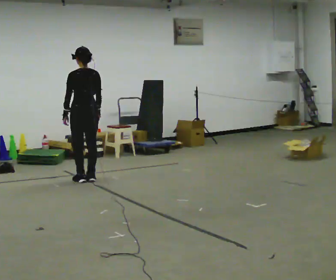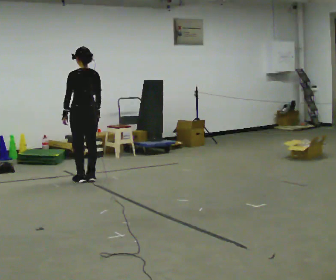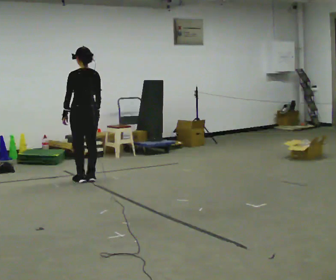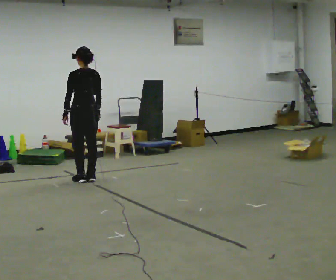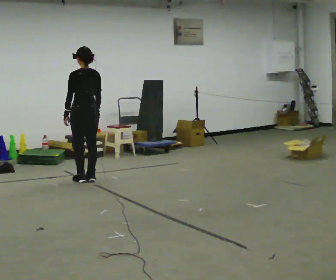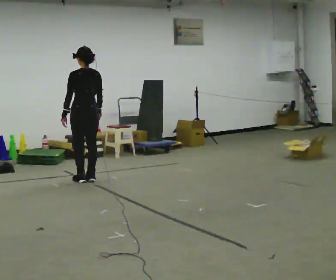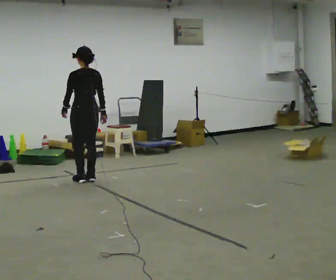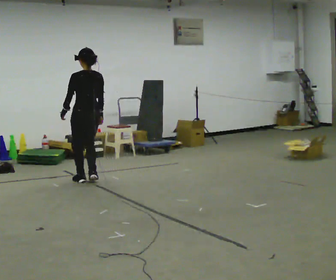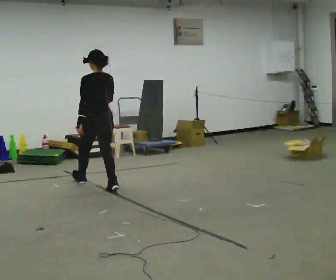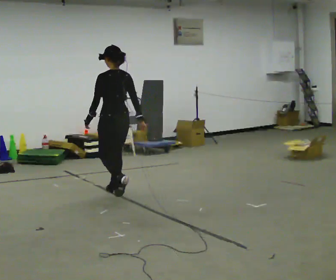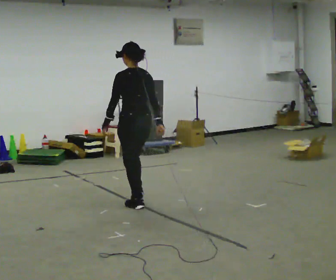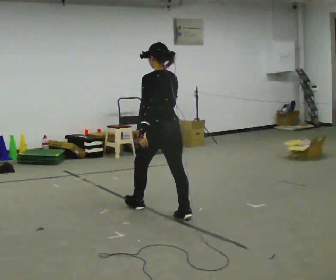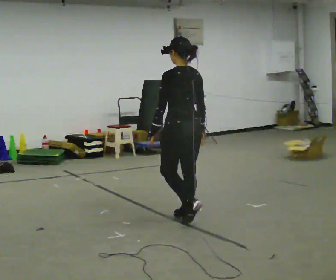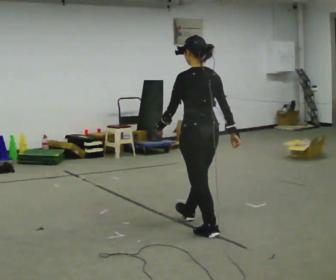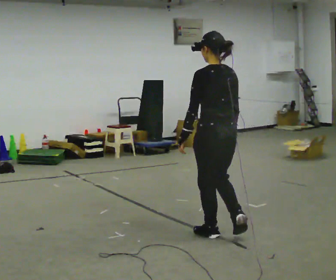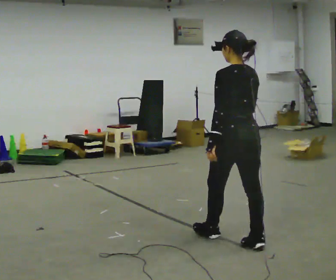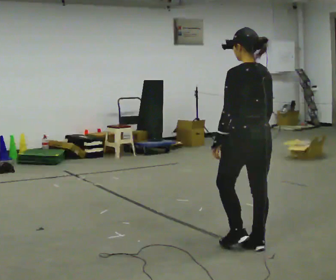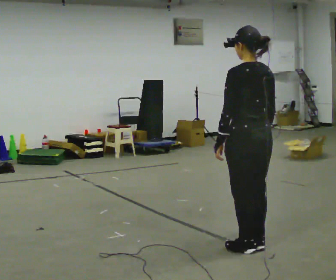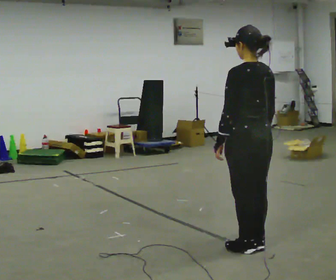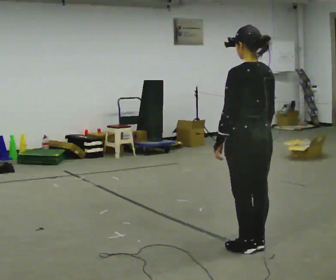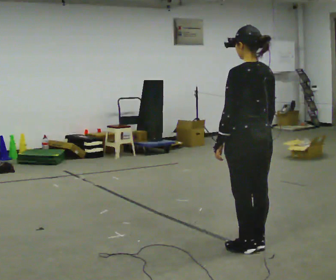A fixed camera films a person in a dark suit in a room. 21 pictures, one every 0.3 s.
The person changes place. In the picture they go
toward the camera.
0.0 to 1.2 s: The person moves a little, or ends about where they began.
1.2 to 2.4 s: In the picture they go toward the camera and to the right, about 0.5 m in 2 steps, which for them is backward.
2.4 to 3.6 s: In the picture they go toward the camera and to the right, about 1.5 m in 2 steps, which for them is backward.
3.6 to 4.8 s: In the picture they go toward the camera and to the right, about 1 m in 2 steps, which for them is backward.
4.8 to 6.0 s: The person moves a little, or ends about where they began.
The film runs backward here.
